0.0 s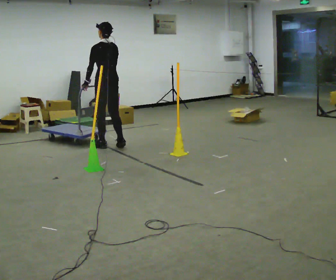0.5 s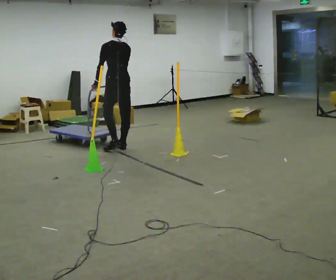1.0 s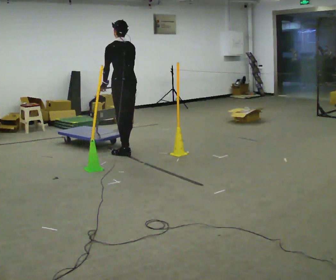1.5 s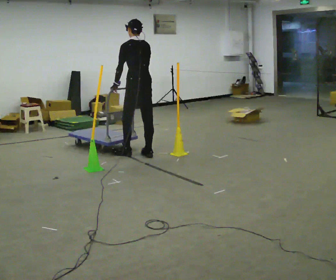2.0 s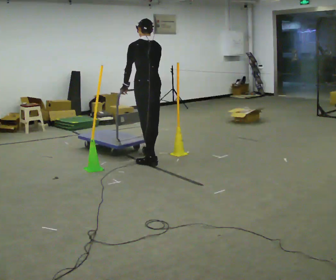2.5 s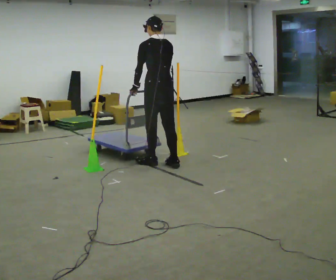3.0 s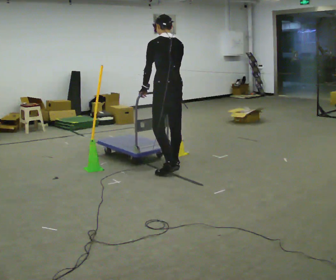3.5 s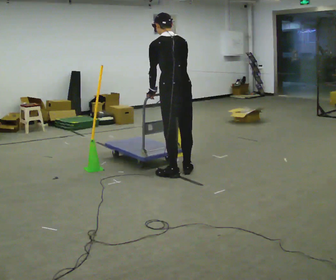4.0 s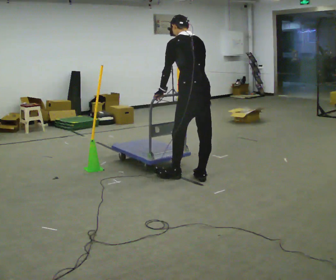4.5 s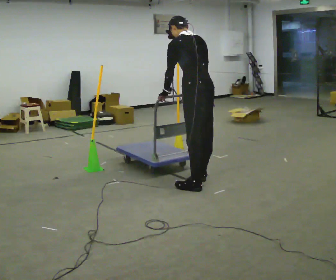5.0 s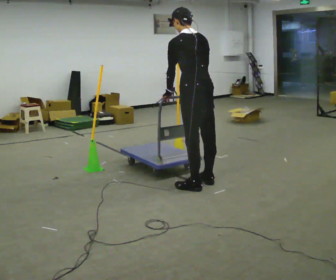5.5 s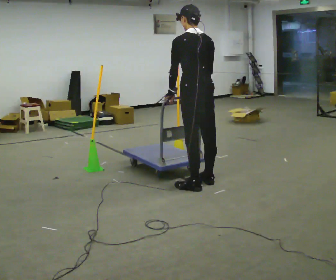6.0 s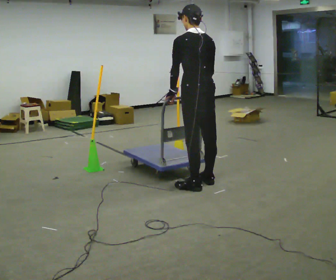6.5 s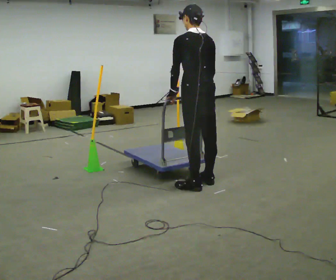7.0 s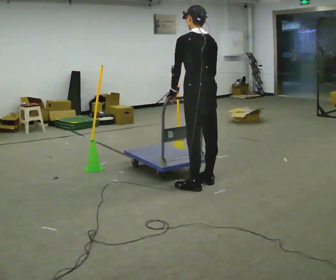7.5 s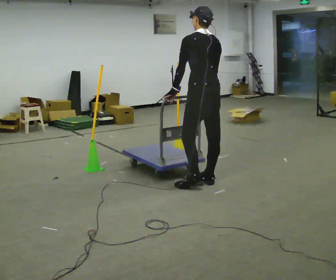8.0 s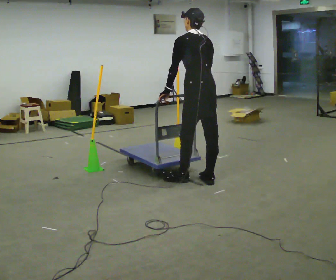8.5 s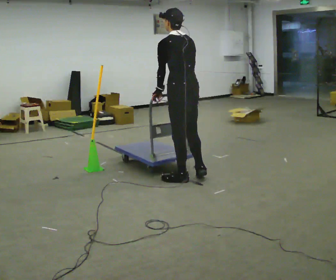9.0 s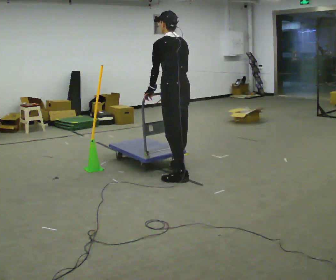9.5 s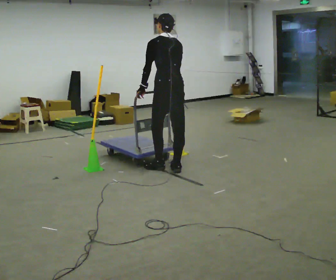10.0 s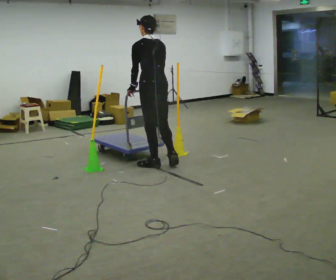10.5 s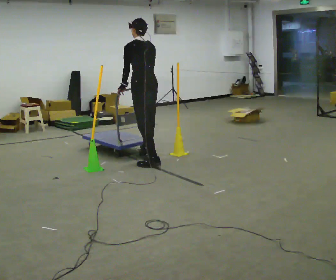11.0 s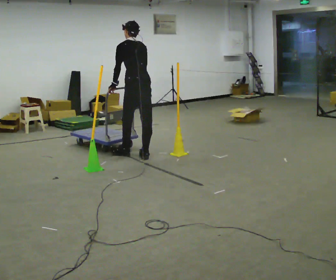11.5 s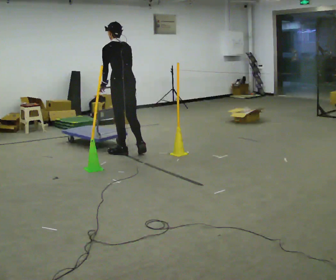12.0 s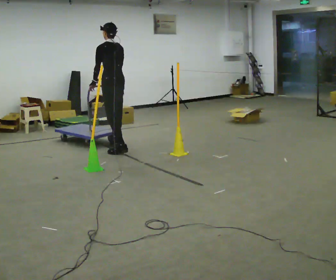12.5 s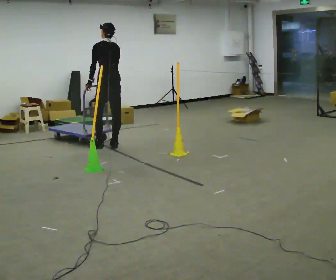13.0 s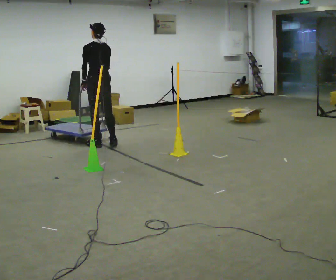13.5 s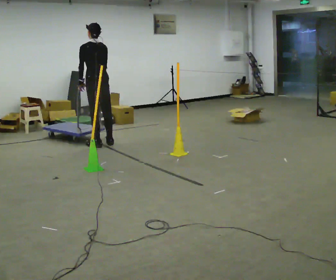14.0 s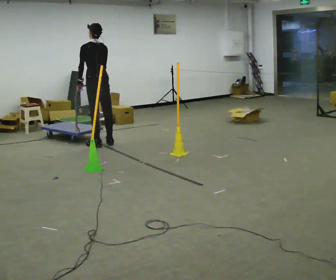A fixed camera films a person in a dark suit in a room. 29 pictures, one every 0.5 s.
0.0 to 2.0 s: In the picture they go to the right and toward the camera, about 1 m in 4 steps, which for them is backward.
2.0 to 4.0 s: In the picture they go toward the camera and to the right, about 1 m in 3 steps, which for them is backward.
4.0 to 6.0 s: In the picture they go toward the camera, about 0.25 m in 1 step, which for them is backward.
6.0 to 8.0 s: The person moves a little, or ends about where they began.
8.0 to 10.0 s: In the picture they go to the left and away from the camera, about 1 m in 2 steps, which for them is forward.
10.0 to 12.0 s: In the picture they go to the left and away from the camera, about 1 m in 3 steps, which for them is forward.
12.0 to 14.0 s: In the picture they go to the left and away from the camera, about 0.5 m in 2 steps, which for them is forward.
The film runs forward here.
